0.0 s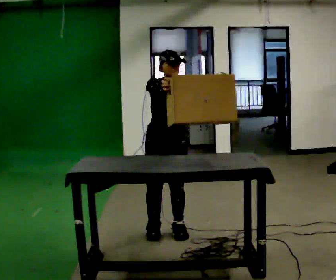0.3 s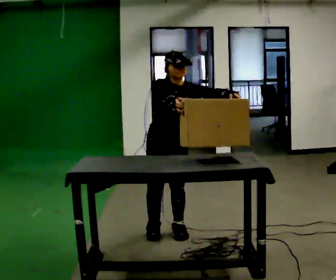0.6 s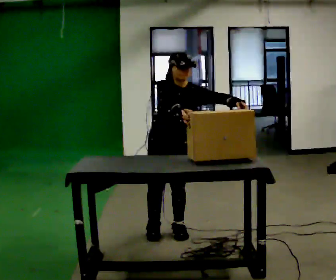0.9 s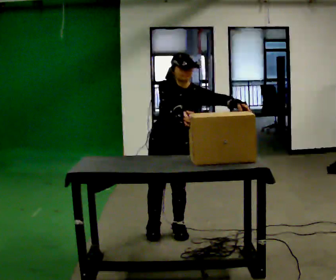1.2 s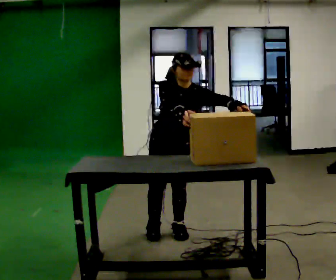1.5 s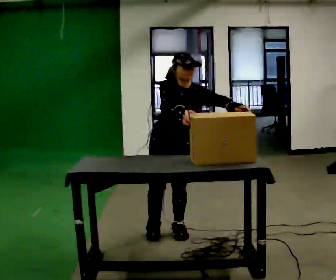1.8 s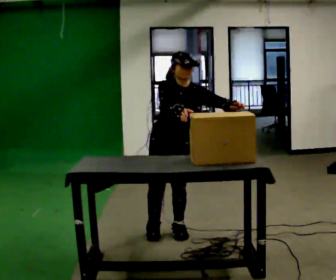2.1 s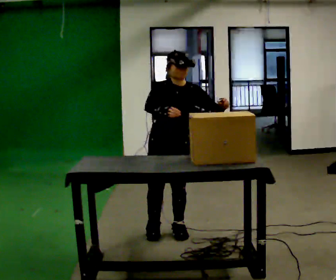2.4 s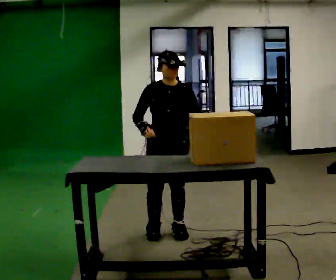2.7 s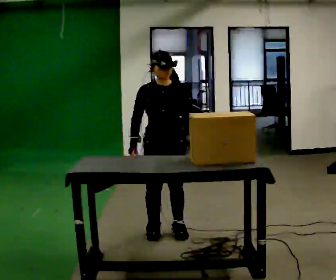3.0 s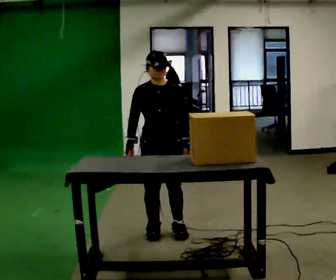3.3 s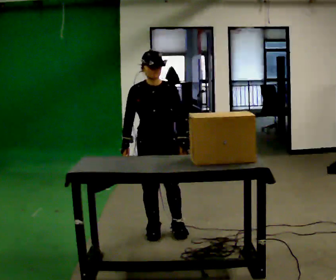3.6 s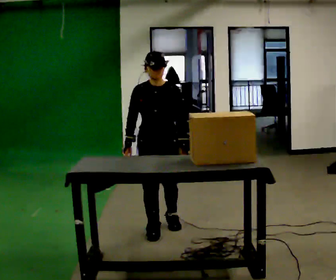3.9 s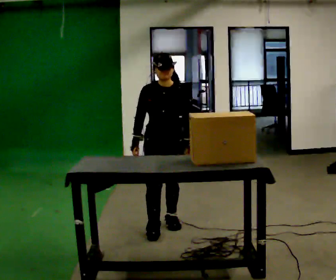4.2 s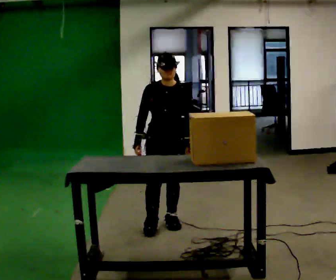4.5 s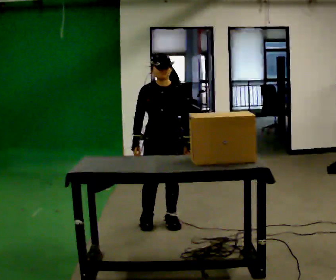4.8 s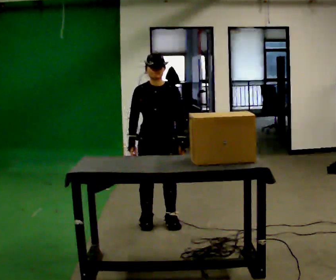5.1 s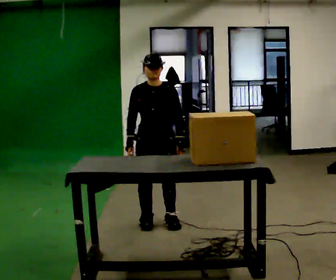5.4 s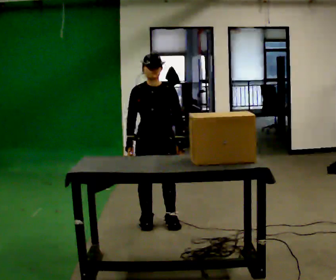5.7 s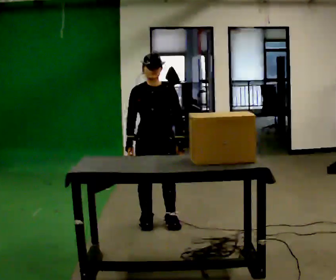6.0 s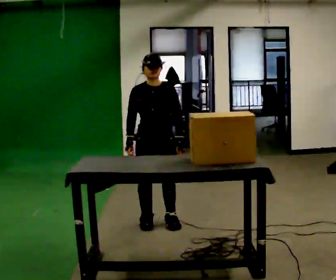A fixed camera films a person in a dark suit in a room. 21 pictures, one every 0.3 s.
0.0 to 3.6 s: In the picture their right hand goes downward.
3.6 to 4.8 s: In the picture they go away from the camera, about 0.25 m in 1 step, which for them is backward.
4.8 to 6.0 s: The person keeps their place and pose.
The film runs backward here.
